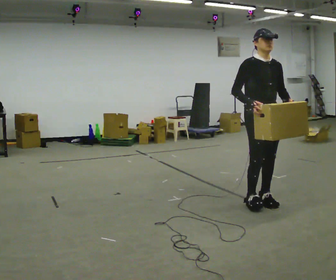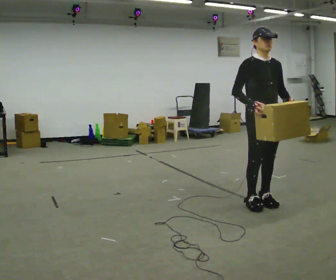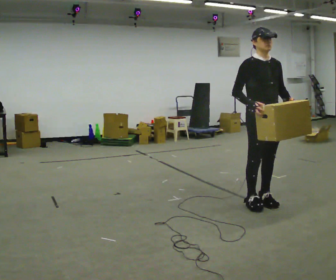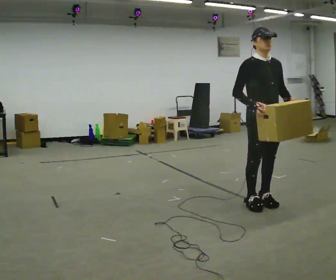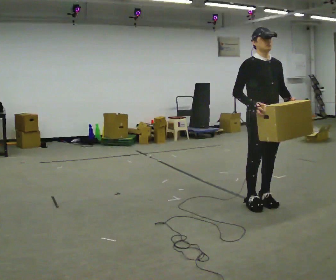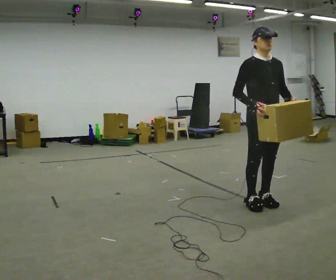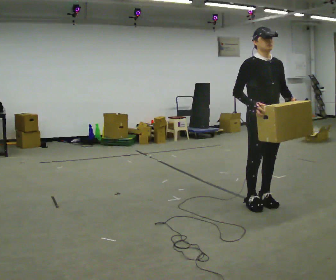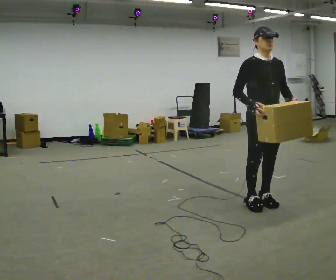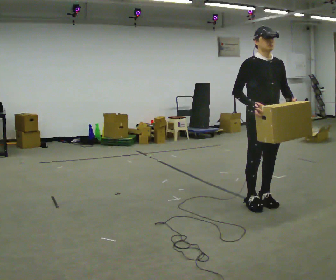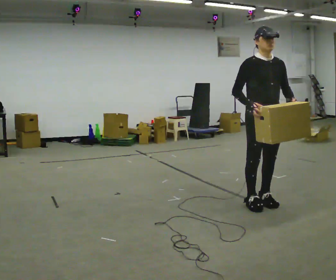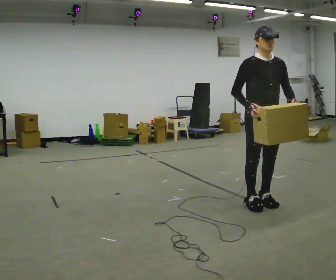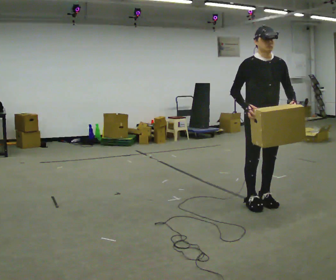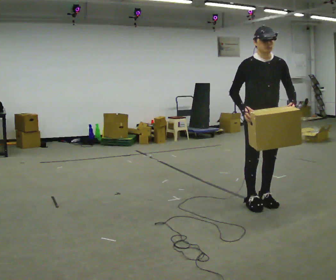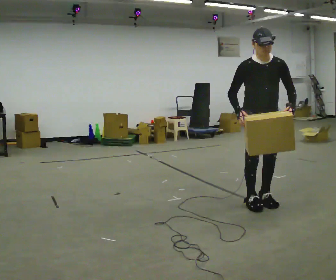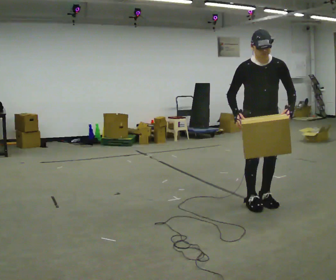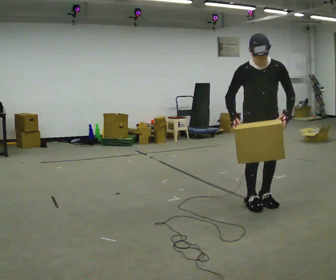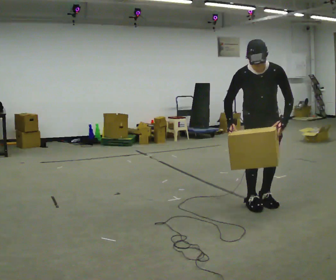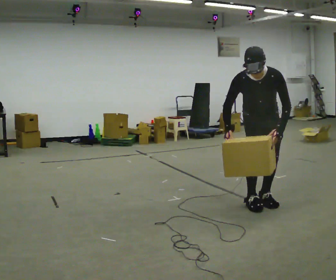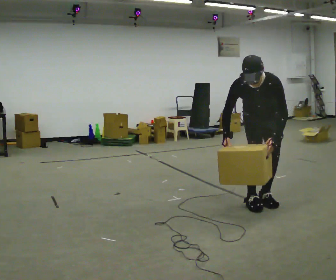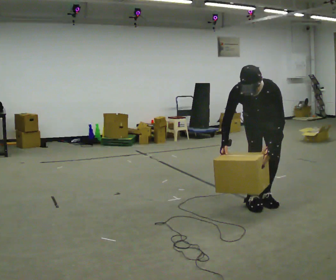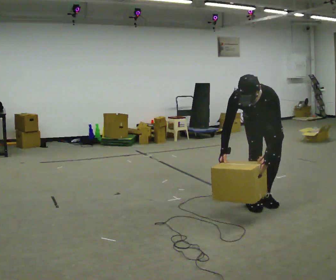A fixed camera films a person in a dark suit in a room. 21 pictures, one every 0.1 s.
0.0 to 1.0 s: The person moves a little, or ends about where they began.
1.0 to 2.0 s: The part of the body nearest the lens slides to the left as the person turns to their right by about 30 degrees. The shoulders move downward. The upper body tips toward the camera, its near side rolling downward, as they bend forward. In the picture their right hand goes downward.
The film runs forward here.
